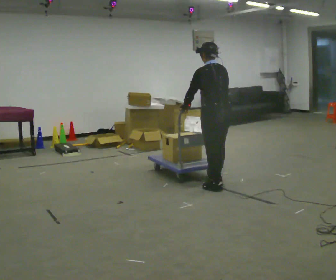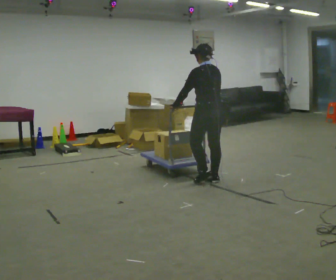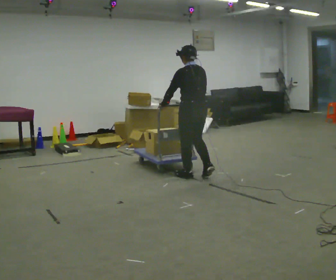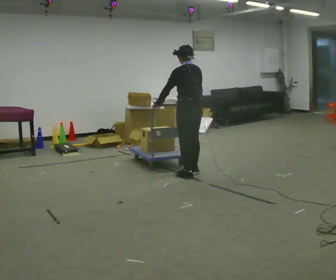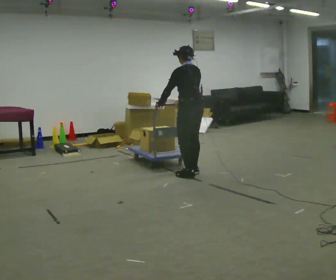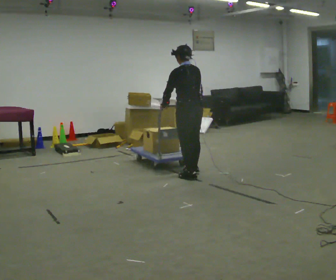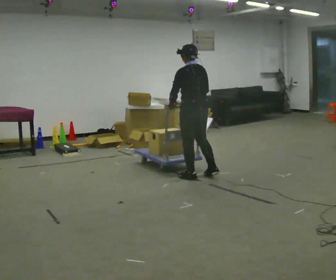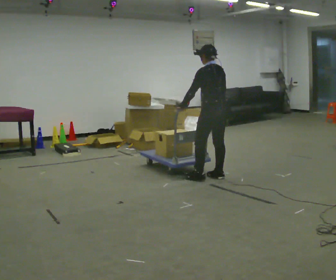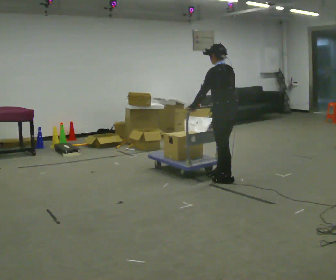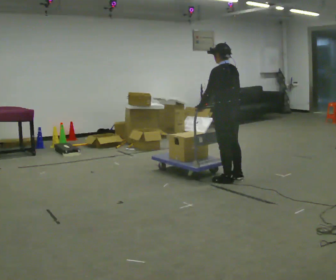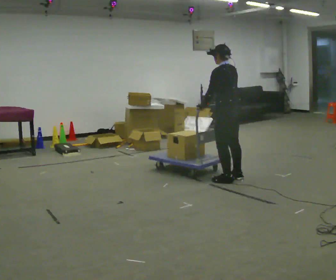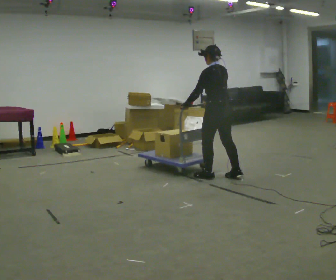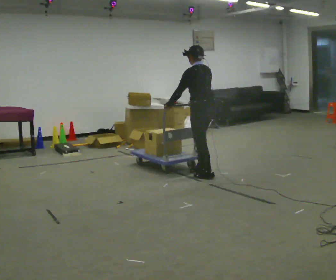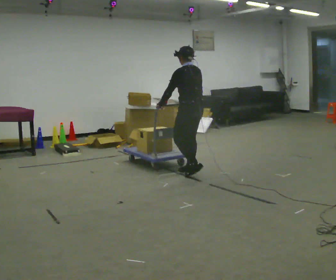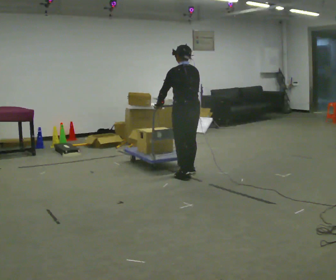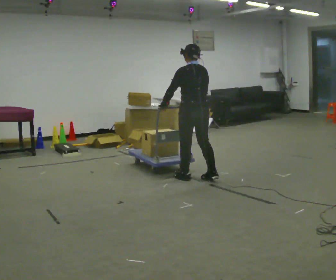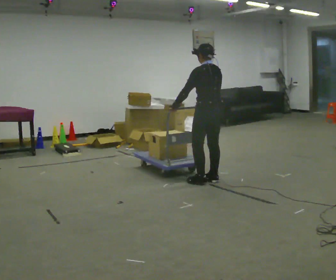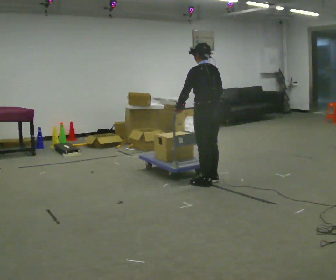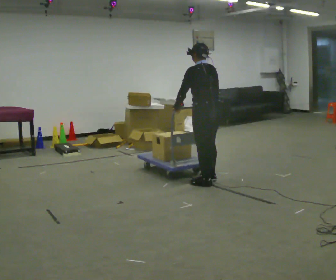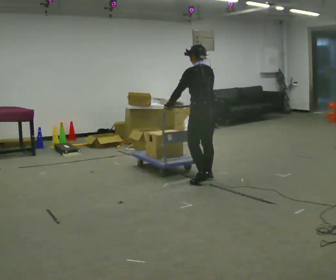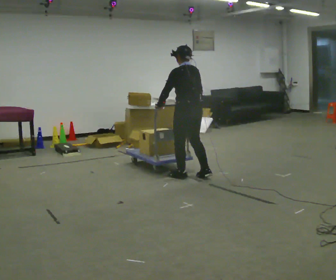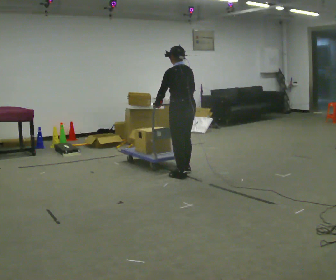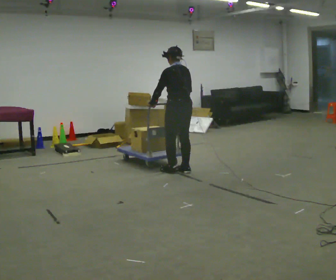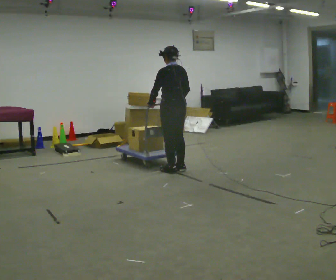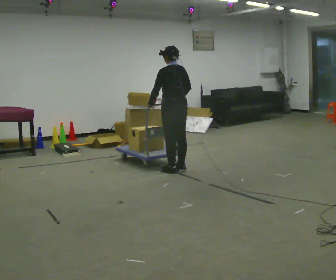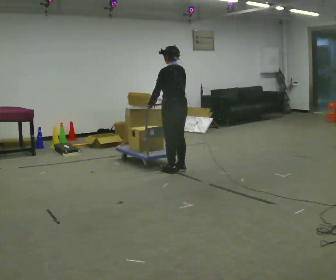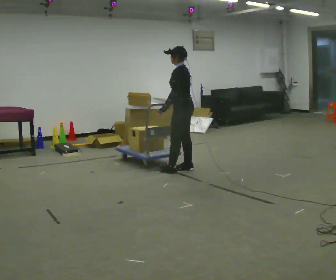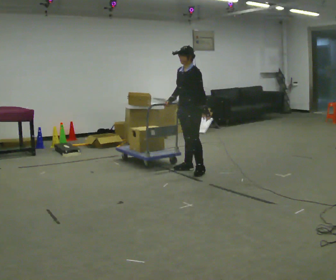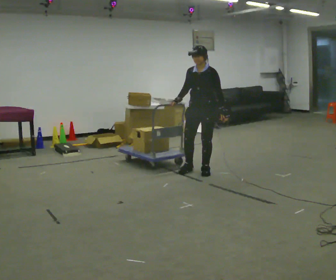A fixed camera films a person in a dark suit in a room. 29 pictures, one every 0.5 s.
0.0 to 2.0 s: In the picture they go away from the camera and to the left, about 0.5 m in 3 steps, which for them is forward.
2.0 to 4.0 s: In the picture they go to the right and toward the camera, about 0.5 m in 2 steps, which for them is backward.
4.0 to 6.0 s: In the picture they go to the left and away from the camera, about 0.25 m in 2 steps, which for them is forward.
6.0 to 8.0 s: In the picture they go toward the camera, about 0.25 m in 3 steps, which for them is backward.
8.0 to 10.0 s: In the picture they go to the left and away from the camera, about 0.25 m in 2 steps, which for them is forward.
10.0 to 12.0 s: In the picture they go away from the camera and to the left, about 0.25 m in 2 steps, which for them is forward.
12.0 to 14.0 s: The part of the body nearest the lens slides to the right as the person turns to their left by about 120 degrees. In the picture they go to the right, about 0.5 m in 1 step.
The film runs forward here.
